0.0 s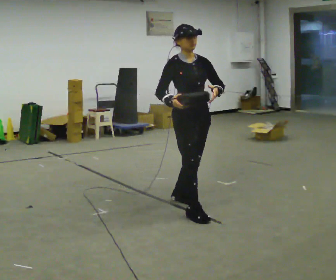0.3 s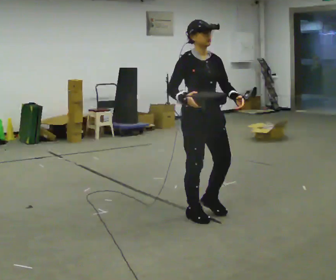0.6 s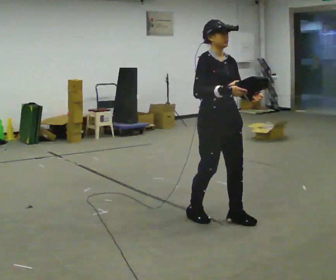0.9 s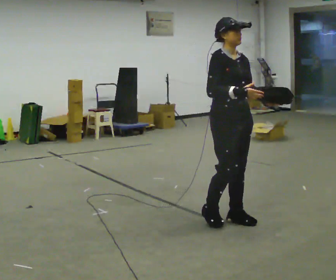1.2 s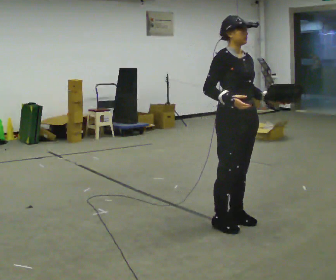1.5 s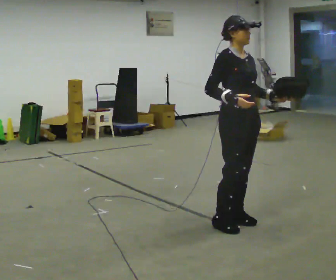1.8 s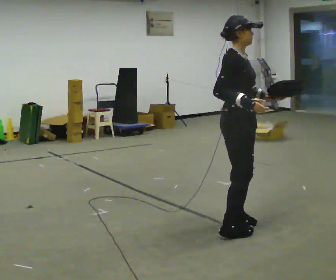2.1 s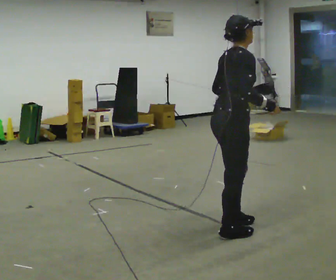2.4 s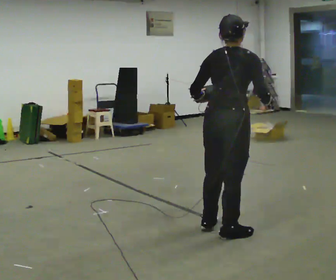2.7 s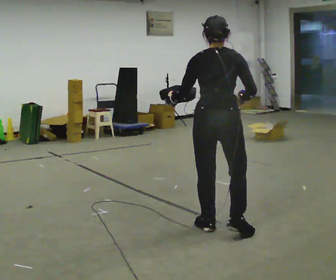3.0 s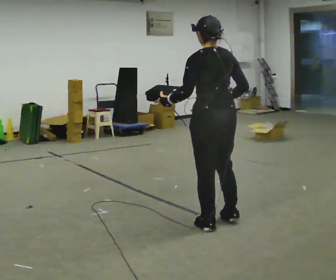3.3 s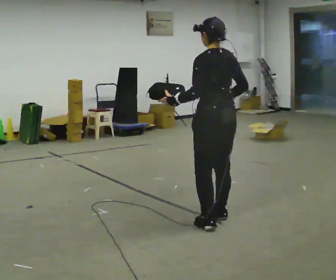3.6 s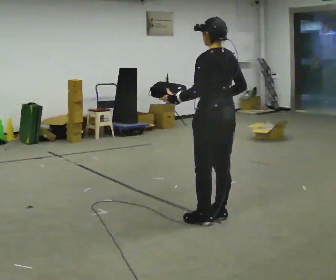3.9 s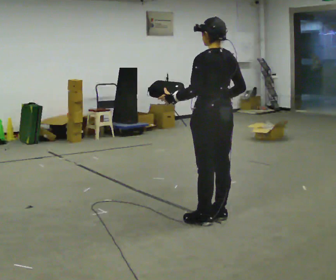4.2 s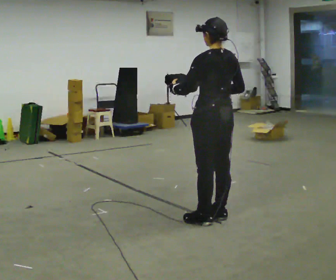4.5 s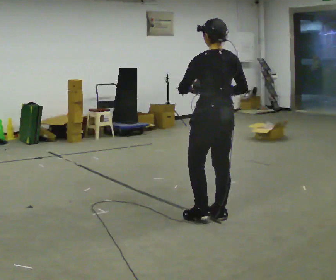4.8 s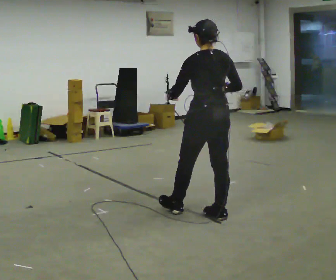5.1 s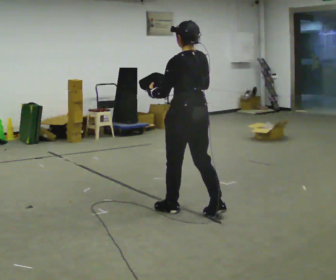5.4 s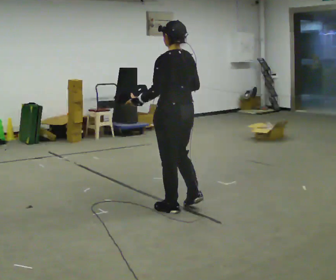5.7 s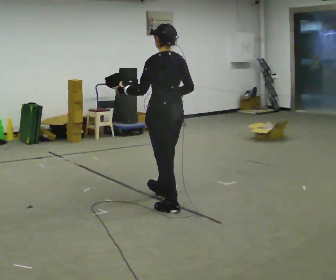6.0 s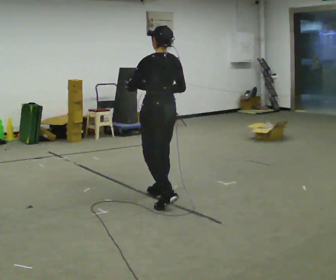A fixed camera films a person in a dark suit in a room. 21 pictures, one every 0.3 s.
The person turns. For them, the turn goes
to their left.
The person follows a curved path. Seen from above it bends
clockwise.
0.0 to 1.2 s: In the picture they go toward the camera and to the right, about 0.5 m in 2 steps, which for them is forward.
1.2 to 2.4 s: Seen from above the body turns counterclockwise, about 105 degrees: to their left, with its near side sliding to the right. In the picture they go toward the camera, about 0.25 m in 2 steps. In the picture their left hand goes to the left.
2.4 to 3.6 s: The person turns about 75 degrees to their left, counterclockwise seen from above, so the part of the body nearest the lens slides to the right. In the picture they go away from the camera, about 0.25 m in 1 step.
3.6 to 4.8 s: The person moves a little, or ends about where they began.
4.8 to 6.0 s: In the picture they go to the left and away from the camera, about 0.5 m in 2 steps, which for them is forward.
The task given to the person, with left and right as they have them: Carry the object in one hand and, while walking, pass it to your other hand. Keep passing it back and forth as you walk.
The film runs forward here.
